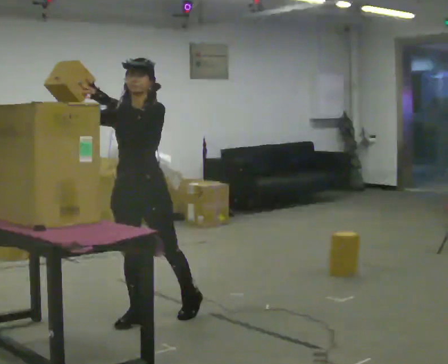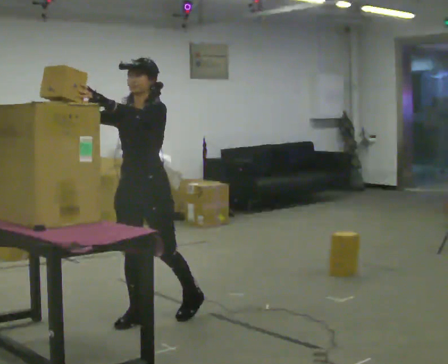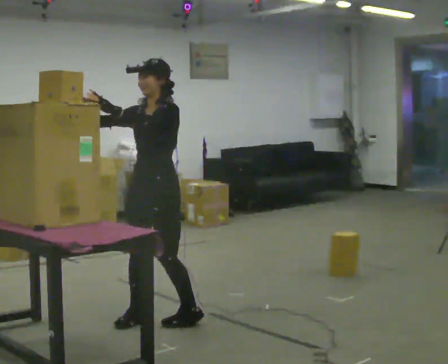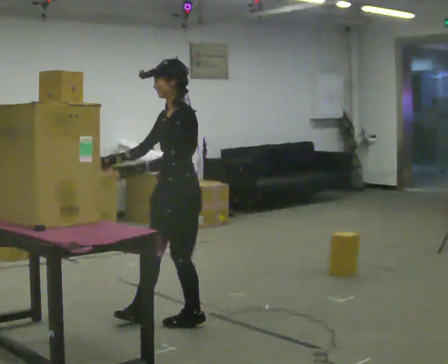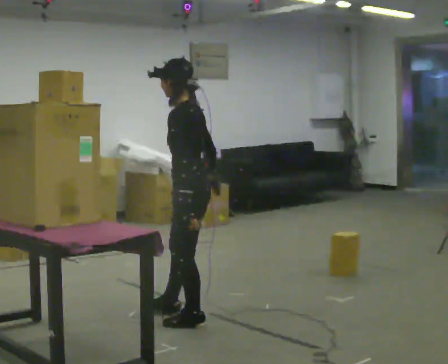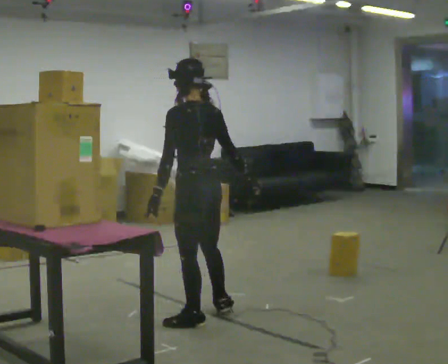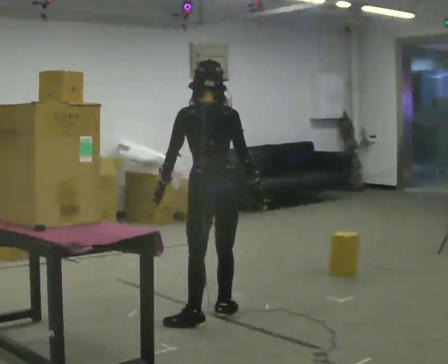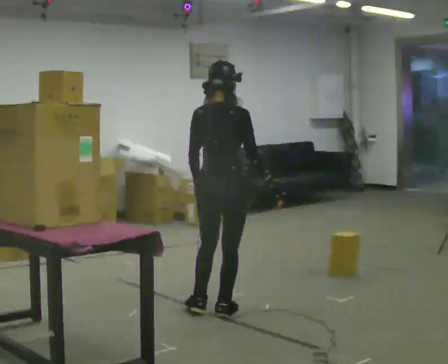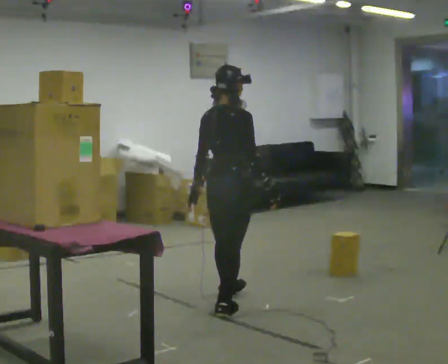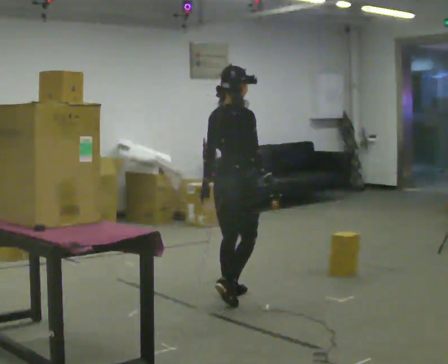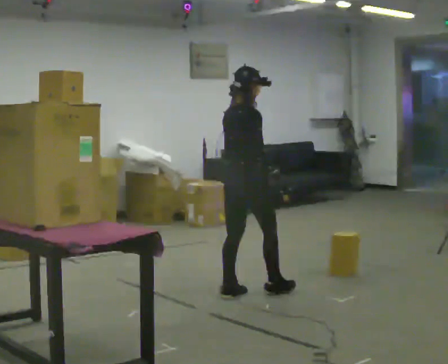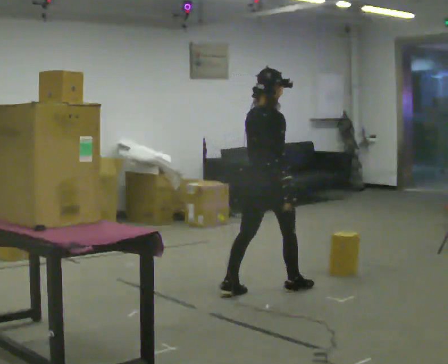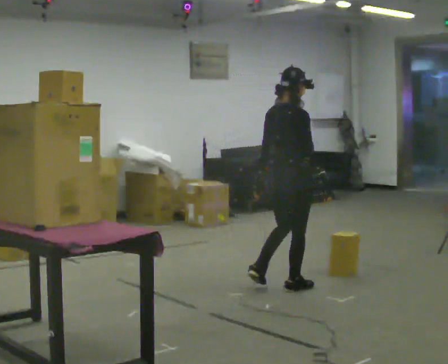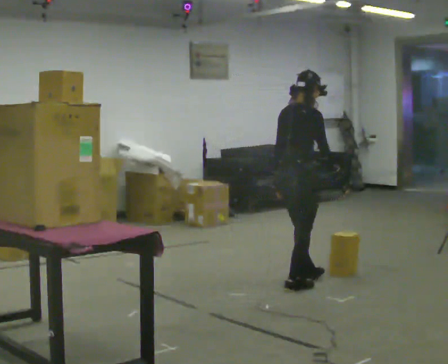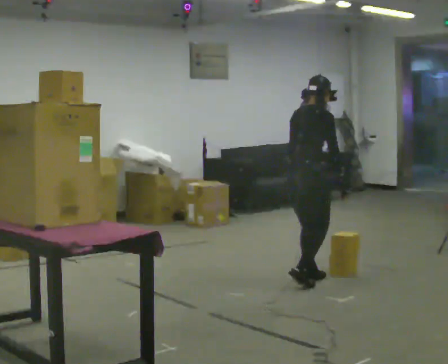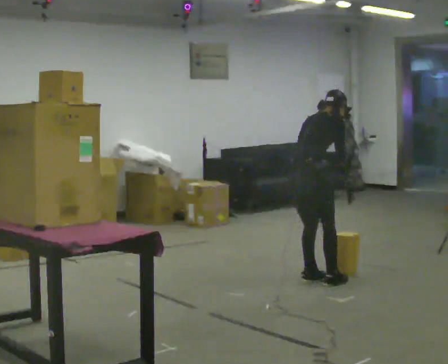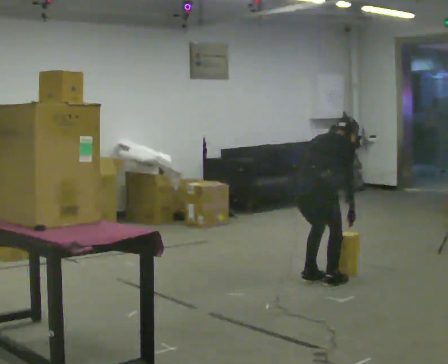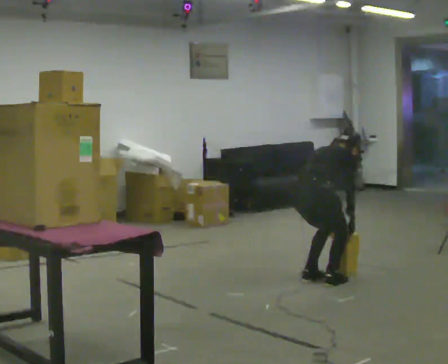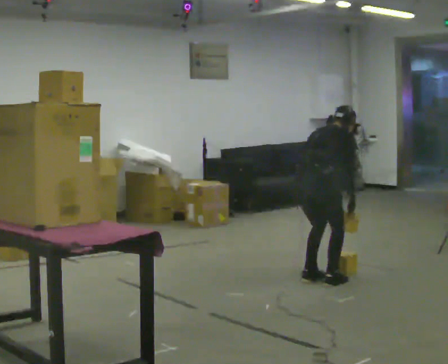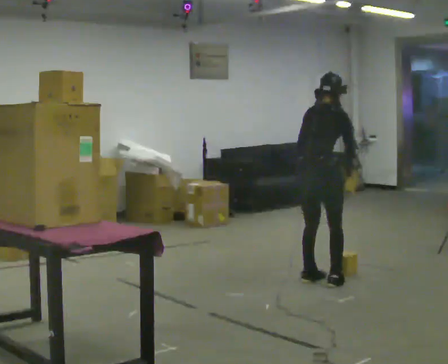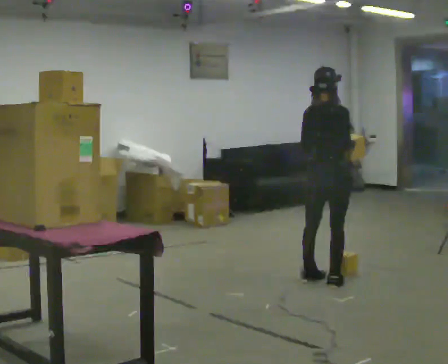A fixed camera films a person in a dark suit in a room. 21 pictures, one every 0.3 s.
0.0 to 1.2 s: The part of the body nearest the lens slides to the left as the person turns to their right by about 90 degrees. In the picture they go to the right, about 0.25 m in 1 step. In the picture their right hand goes downward, the arm swinging counterclockwise.
1.2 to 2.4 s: Seen from above the body turns clockwise, about 105 degrees: to their right, with its near side sliding to the left. In the picture they go away from the camera and to the right, about 0.5 m in 2 steps.
2.4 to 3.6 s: In the picture they go to the right and away from the camera, about 0.5 m in 1 step, which for them is forward.
3.6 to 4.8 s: In the picture they go to the right, about 0.25 m in 2 steps, which for them is forward. The shoulders move downward. The upper body tips away from the camera, its near side rolling upward, as they bend forward. In the picture their left hand goes to the right.
4.8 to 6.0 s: In the picture the upper body tilts counterclockwise, shoulders to the left, as they lean back or straighten. In the picture their left hand goes upward.
The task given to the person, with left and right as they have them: Carry the object across the room and place it on the shelf just at the top of your comfortable reach. Keep going until the operator says stop; one object at a time, and do not rush between trips.
The film runs forward here.
